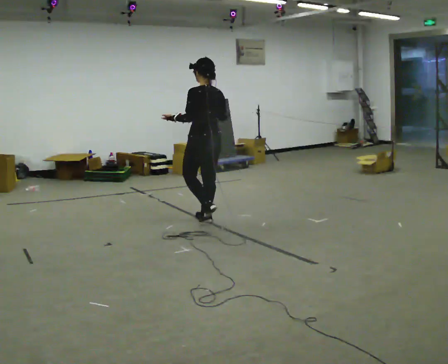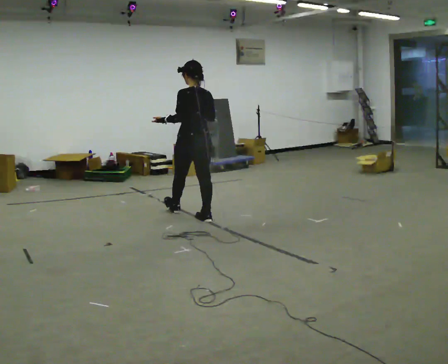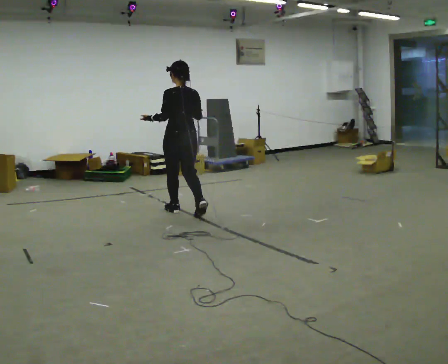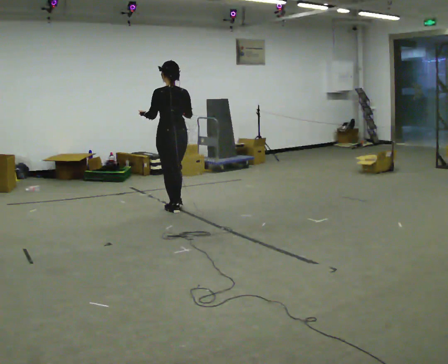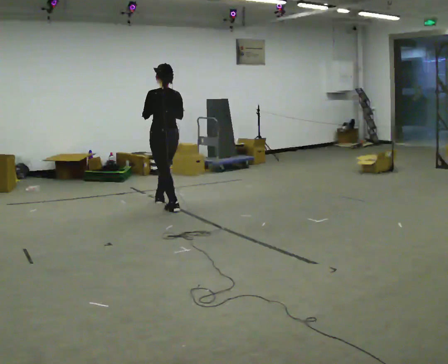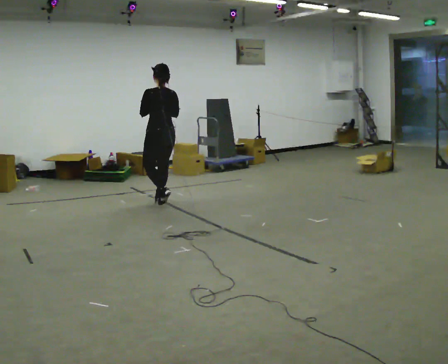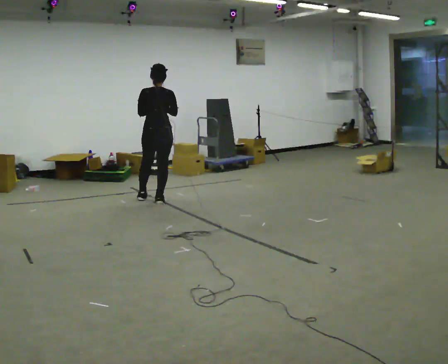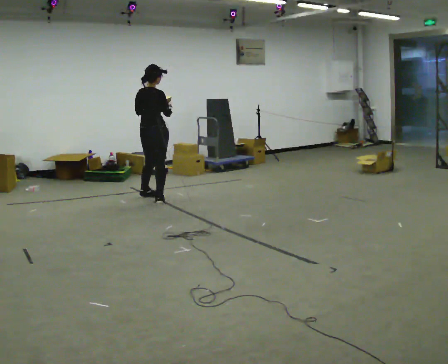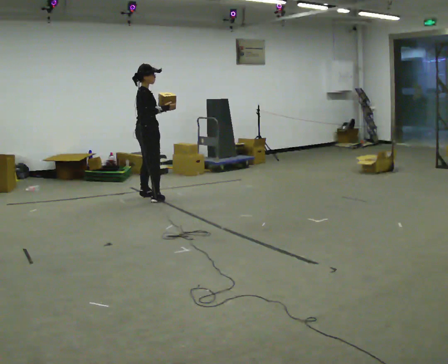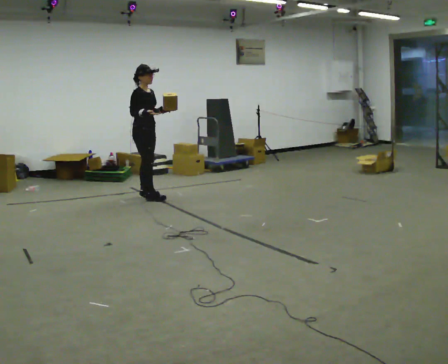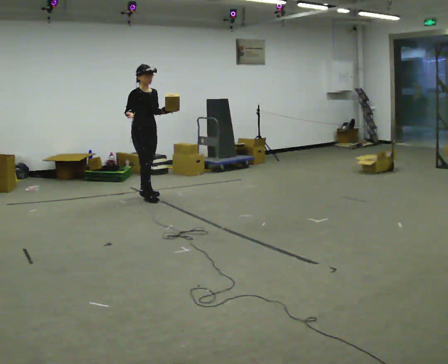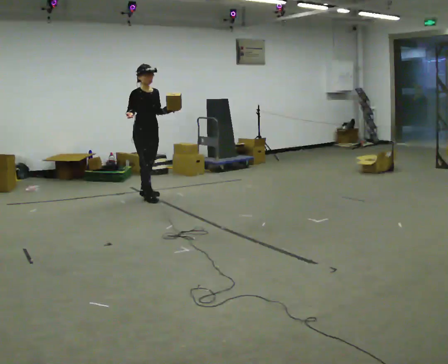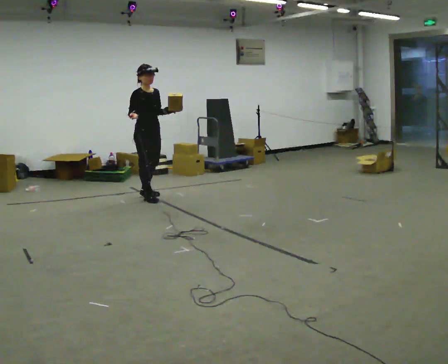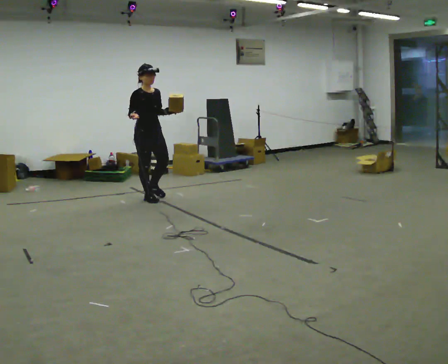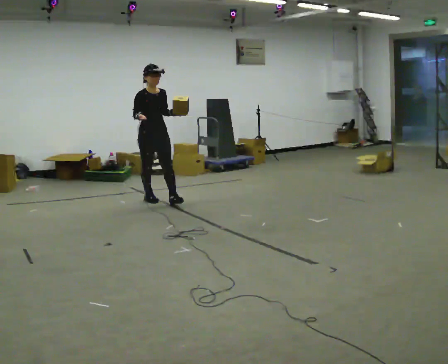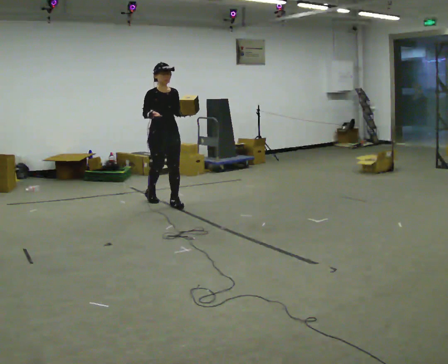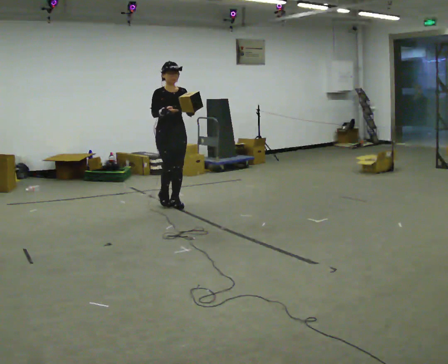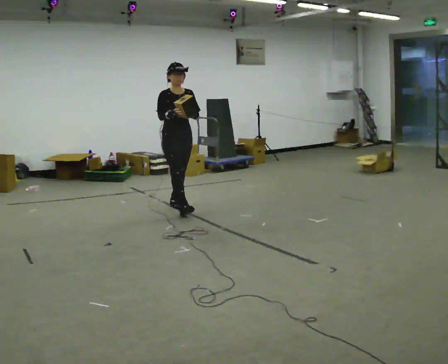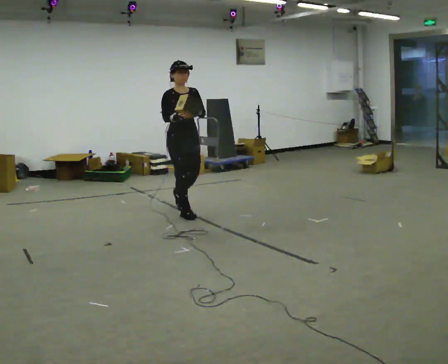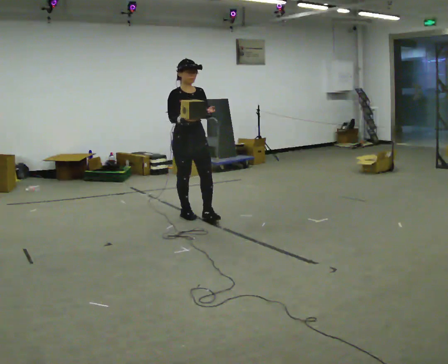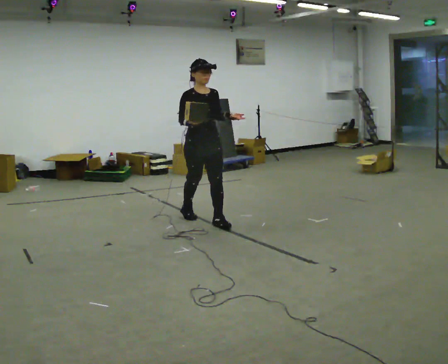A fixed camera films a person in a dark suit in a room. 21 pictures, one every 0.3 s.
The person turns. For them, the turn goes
to their right.
The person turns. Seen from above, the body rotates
clockwise.
0.0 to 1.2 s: In the picture they go away from the camera and to the left, about 1 m in 2 steps, which for them is forward.
1.2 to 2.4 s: Seen from above the body turns clockwise, about 120 degrees: to their right, with its near side sliding to the left. In the picture they go away from the camera and to the left, about 0.5 m in 1 step.
2.4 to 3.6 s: The part of the body nearest the lens slides to the left as the person turns to their right by about 45 degrees. In the picture their right hand goes to the left.
3.6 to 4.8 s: Seen from above the body turns clockwise, about 30 degrees: to their right, with its near side sliding to the left. In the picture they go toward the camera and to the right, about 0.5 m in 1 step, which for them is forward.
4.8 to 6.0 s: In the picture they go toward the camera and to the right, about 1 m in 2 steps, which for them is forward.
The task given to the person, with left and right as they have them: Carry the object in one hand and, while walking, pass it to your other hand. Keep passing it back and forth as you walk.
The film runs forward here.
